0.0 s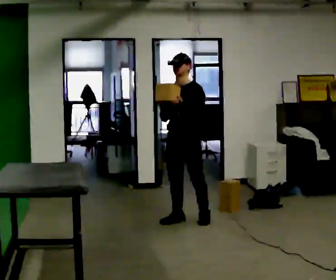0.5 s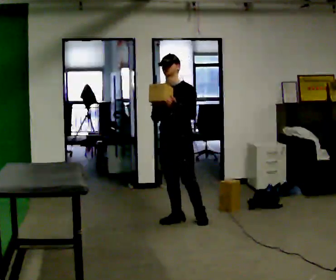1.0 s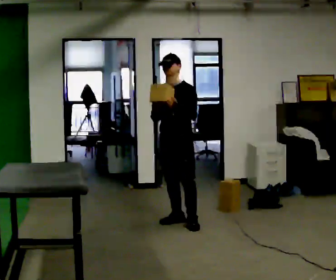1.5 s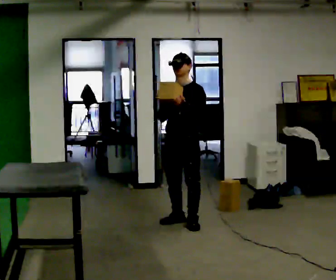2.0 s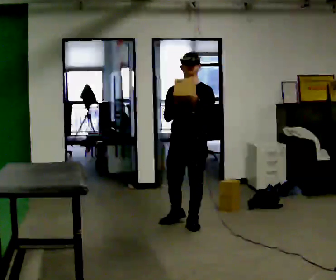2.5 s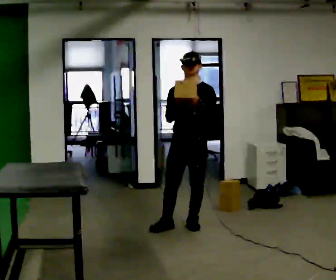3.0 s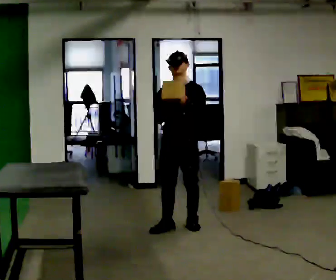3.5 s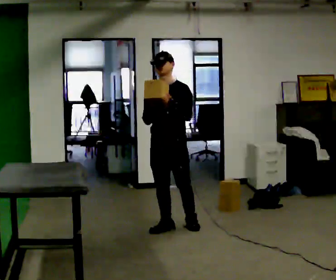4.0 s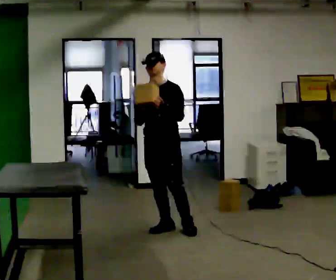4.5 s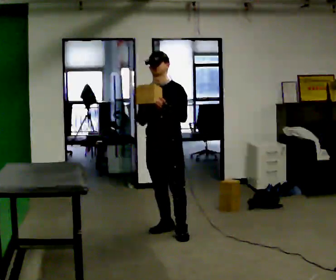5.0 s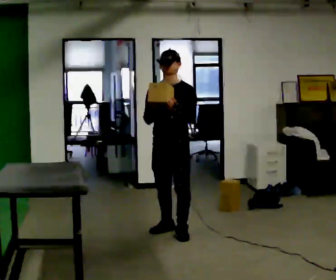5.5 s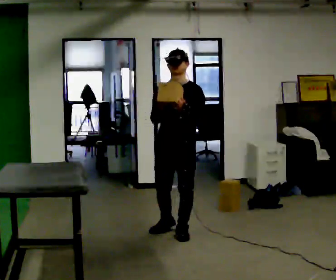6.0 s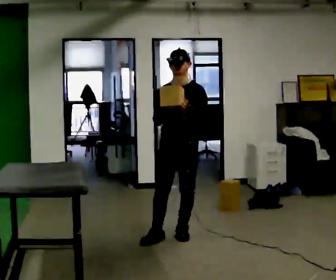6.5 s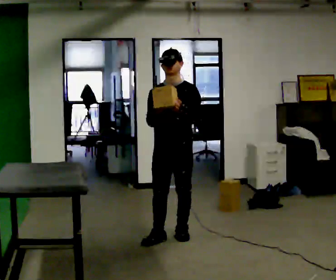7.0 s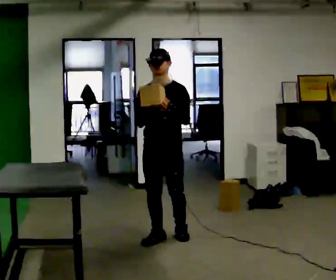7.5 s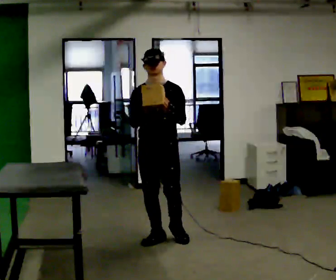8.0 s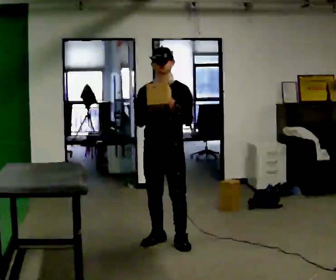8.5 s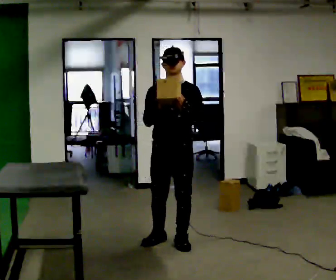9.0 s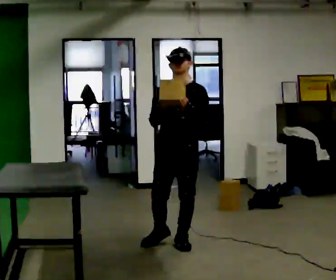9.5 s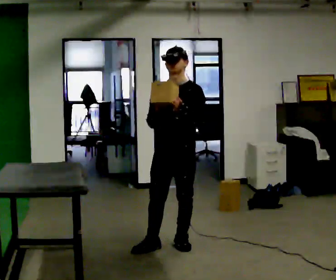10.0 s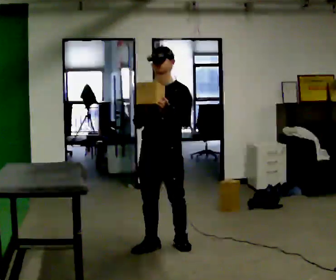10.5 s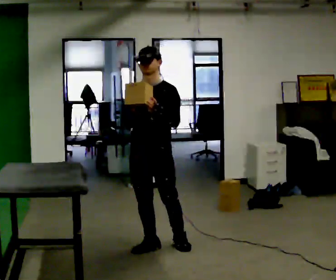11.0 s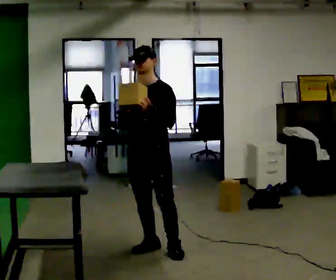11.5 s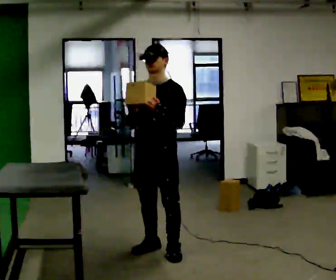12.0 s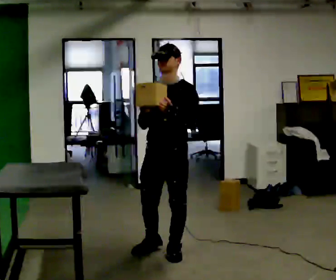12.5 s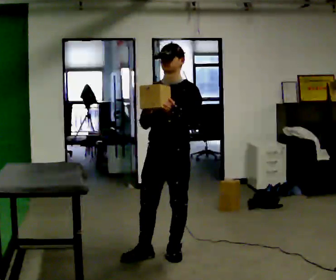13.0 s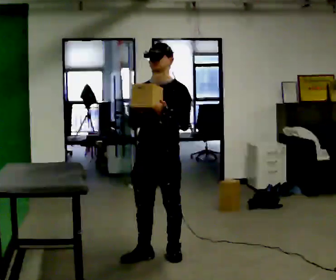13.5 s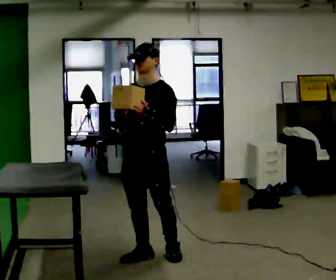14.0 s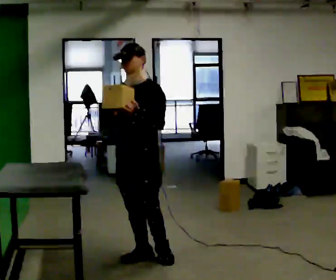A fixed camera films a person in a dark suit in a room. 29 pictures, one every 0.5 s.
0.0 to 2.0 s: In the picture they go toward the camera, about 0.25 m in 1 step, which for them is forward.
2.0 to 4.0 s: In the picture they go to the left, about 0.25 m in 1 step, which for them is to their right and forward.
4.0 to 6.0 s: In the picture they go toward the camera and to the right, about 0.25 m in 1 step, which for them is to their left and forward.
6.0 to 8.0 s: In the picture they go toward the camera, about 0.25 m in 2 steps, which for them is forward.
8.0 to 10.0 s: In the picture they go toward the camera, about 0.25 m in 1 step, which for them is forward.
10.0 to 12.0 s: In the picture they go toward the camera, about 0.25 m in 1 step, which for them is forward.
12.0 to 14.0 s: In the picture they go to the left, about 0.25 m in 1 step, which for them is to their right and forward.
The film runs forward here.
